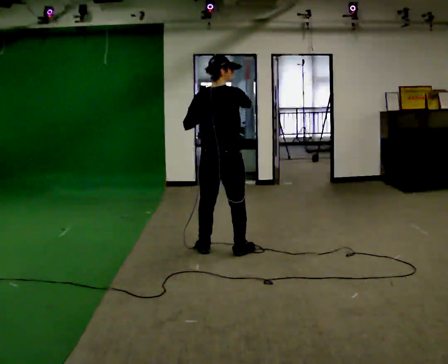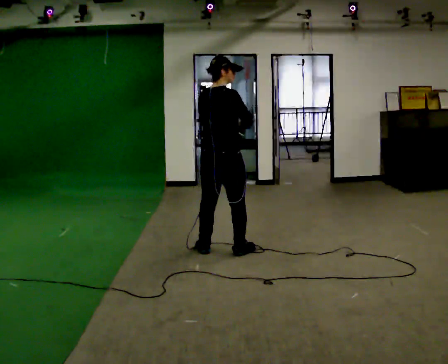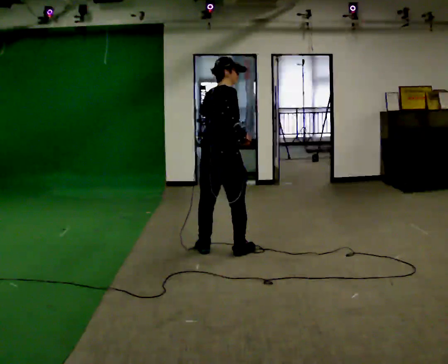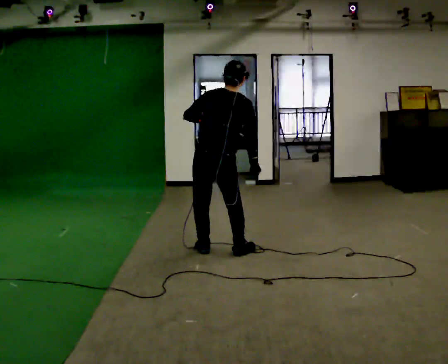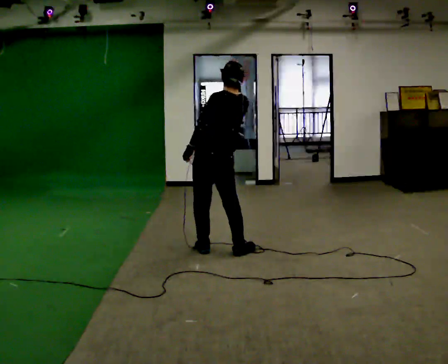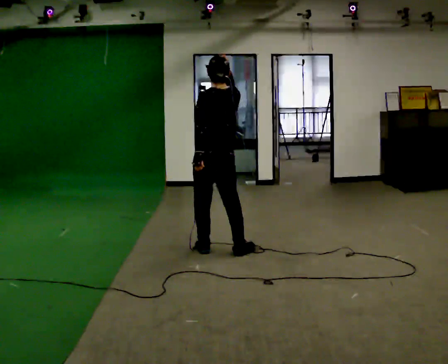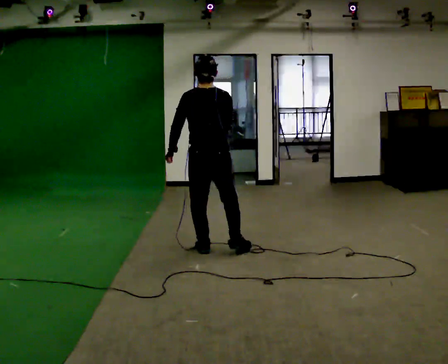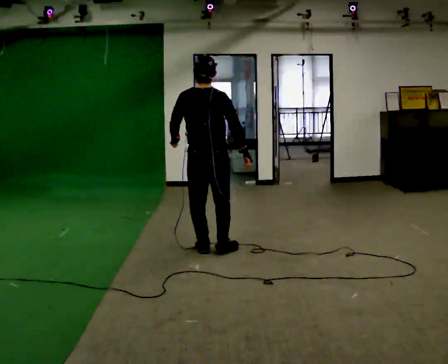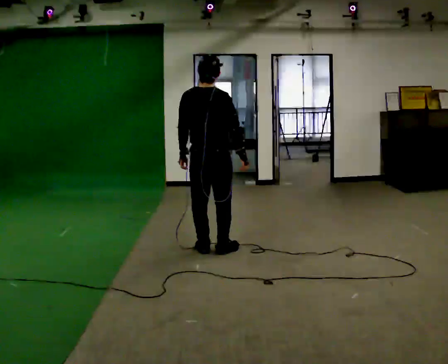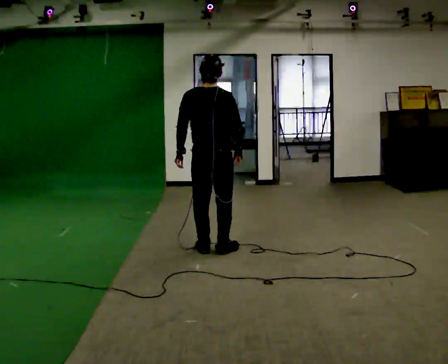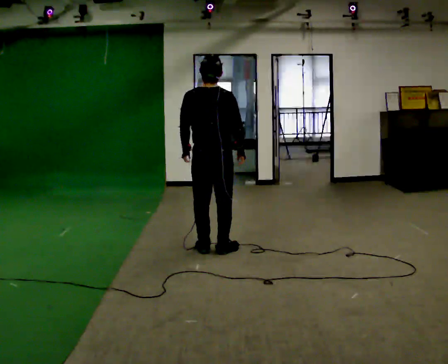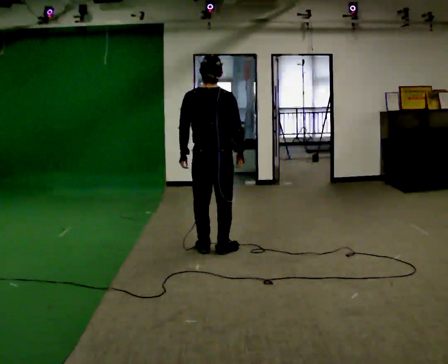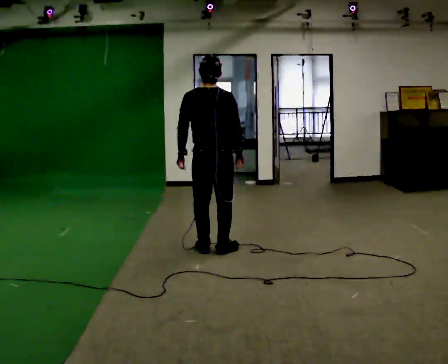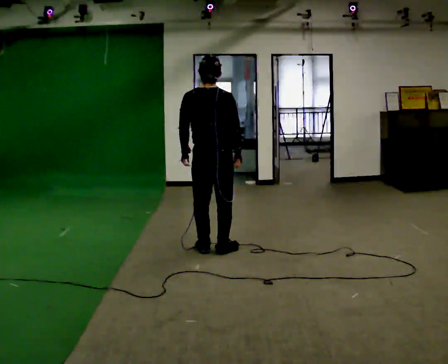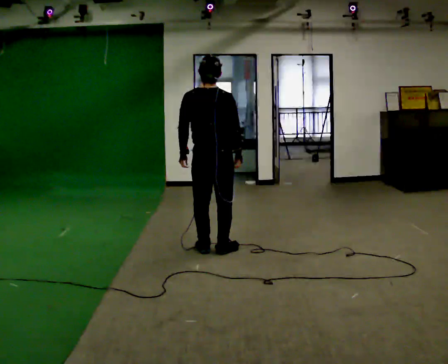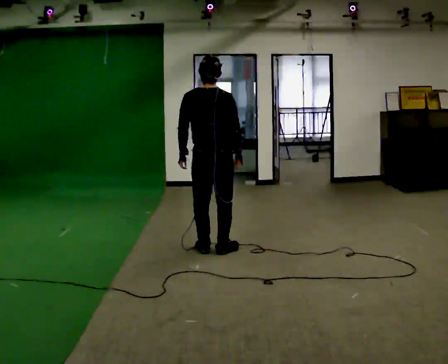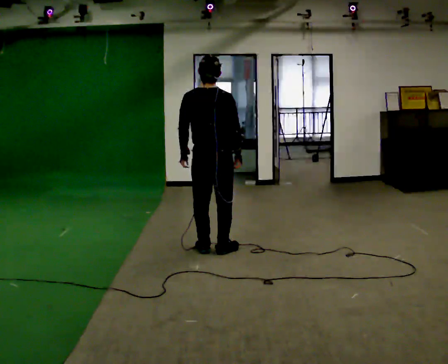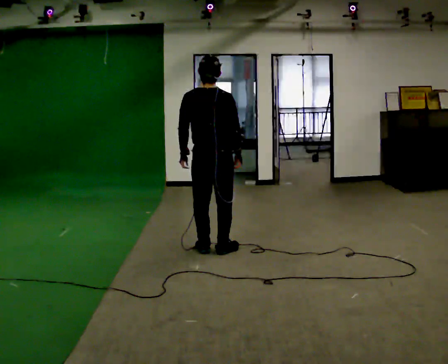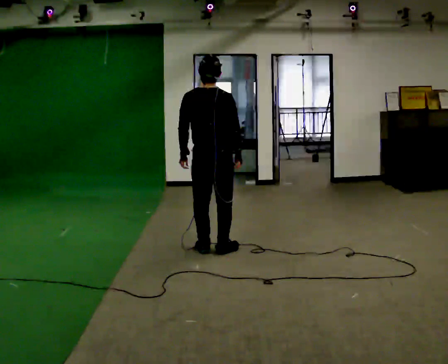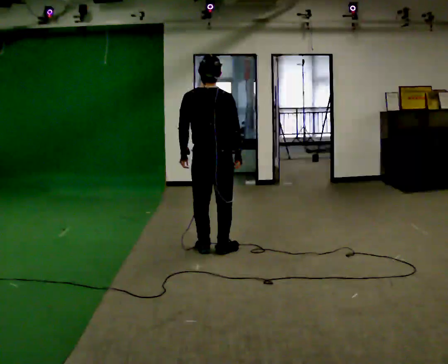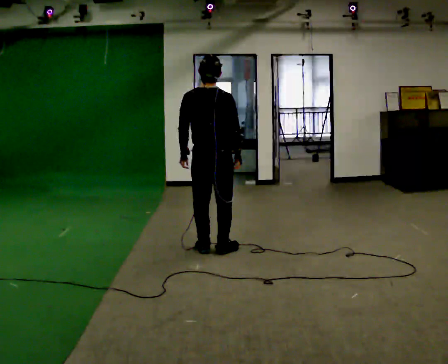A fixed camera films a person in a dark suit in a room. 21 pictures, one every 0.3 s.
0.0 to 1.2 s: The person turns about 60 degrees to their left, counterclockwise seen from above, so the part of the body nearest the lens slides to the right.
1.2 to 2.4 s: The person turns about 45 degrees to their right, clockwise seen from above, so the part of the body nearest the lens slides to the left. In the picture the upper body tilts counterclockwise, shoulders to the left. In the picture their right hand goes downward.
2.4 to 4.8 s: The person moves a little, or ends about where they began.
4.8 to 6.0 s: The person keeps their place and pose.
The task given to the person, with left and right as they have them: Mimic boxing into the air at moderate speed with both hands, moving your feet only a little. Stay controlled; do not punch at full speed.
The film runs forward here.
